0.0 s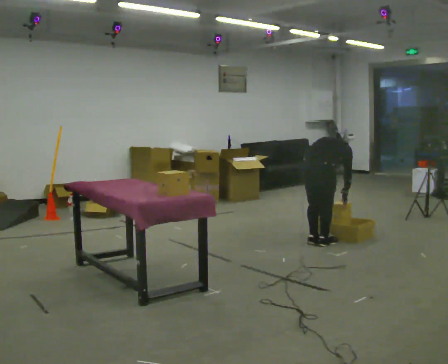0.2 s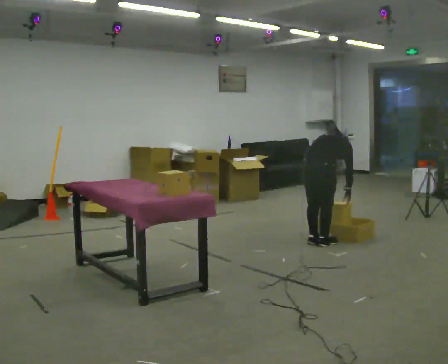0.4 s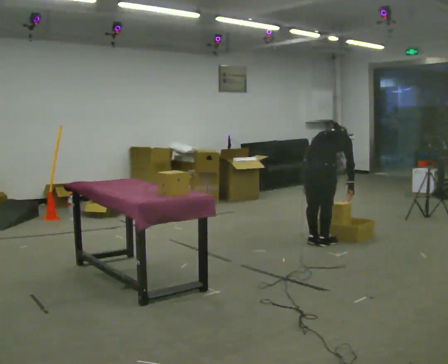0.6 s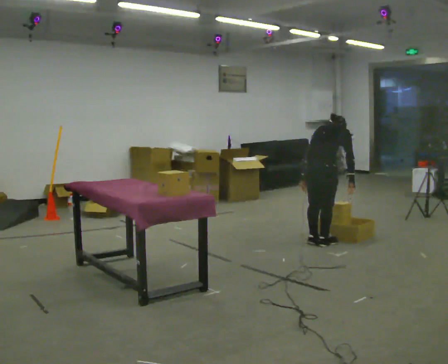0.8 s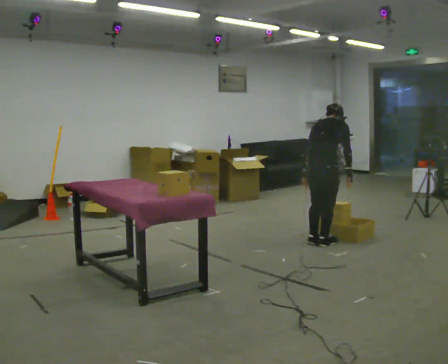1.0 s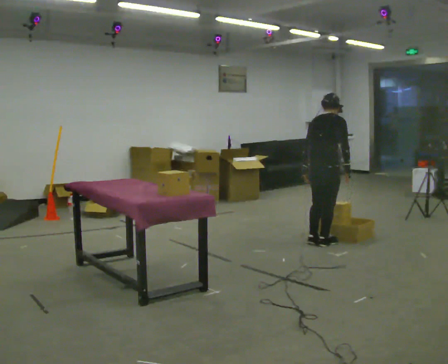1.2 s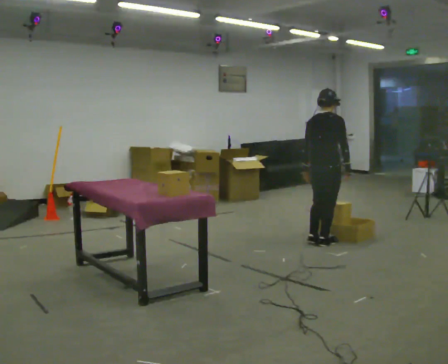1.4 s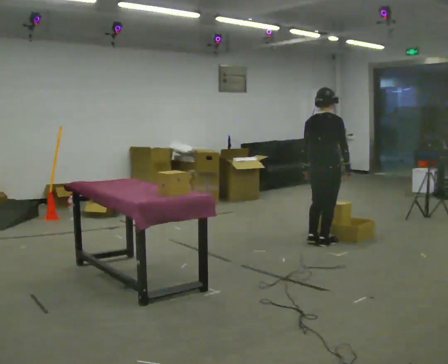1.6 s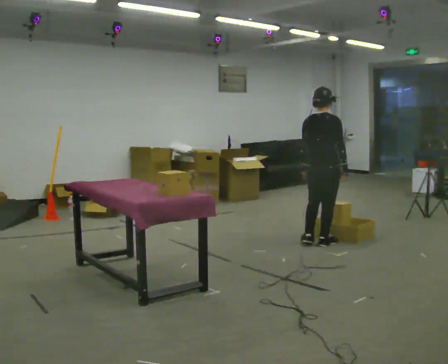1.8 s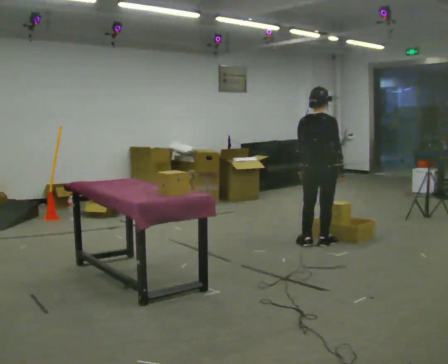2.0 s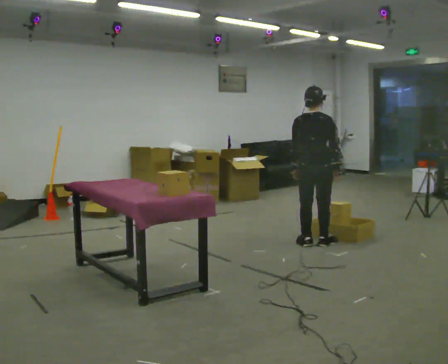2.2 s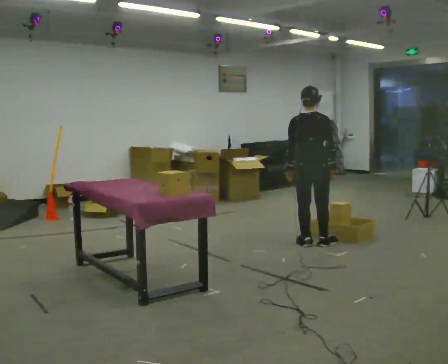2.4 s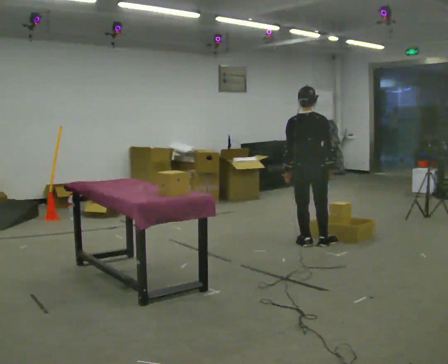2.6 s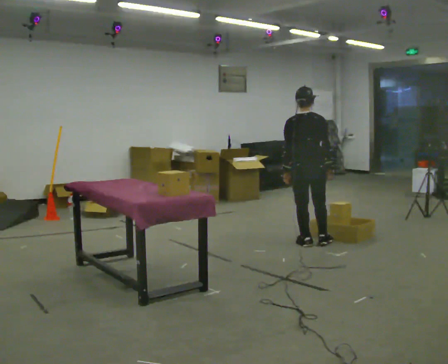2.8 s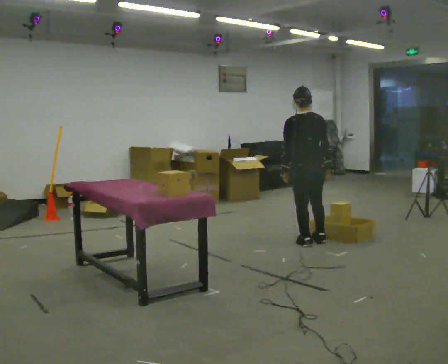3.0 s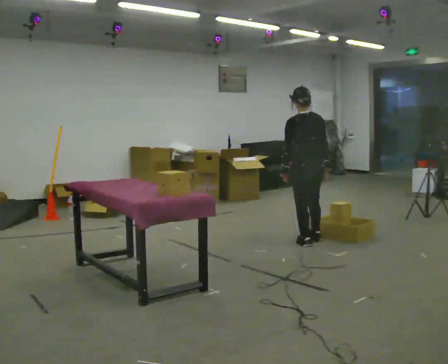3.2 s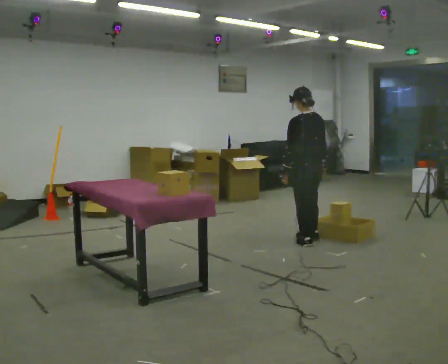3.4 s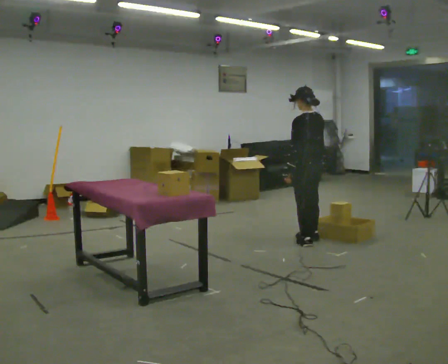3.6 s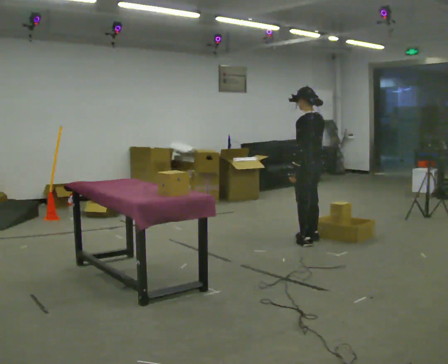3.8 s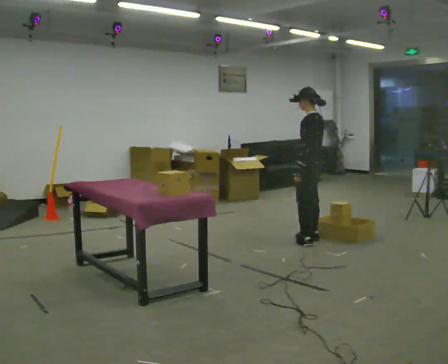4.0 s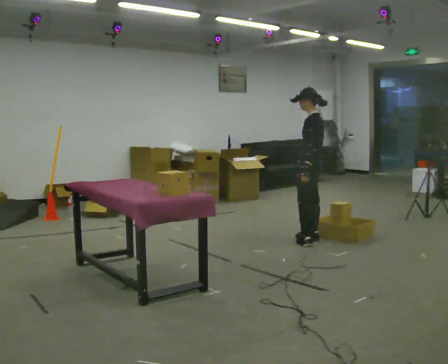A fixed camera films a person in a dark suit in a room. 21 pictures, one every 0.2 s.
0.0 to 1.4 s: The shoulders move upward. The upper body tips toward the camera, its near side rolling downward, as they lean back or straighten.
1.4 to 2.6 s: The person turns about 30 degrees to their left, counterclockwise seen from above, so the part of the body nearest the lens slides to the right.
2.6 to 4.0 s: The part of the body nearest the lens slides to the right as the person turns to their left by about 75 degrees. In the picture they go away from the camera, about 0.25 m in 1 step.
The film runs forward here.
